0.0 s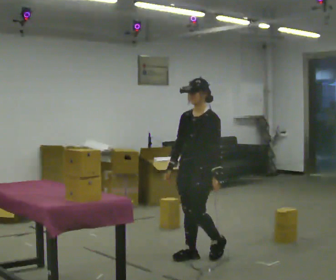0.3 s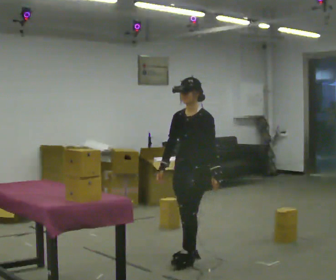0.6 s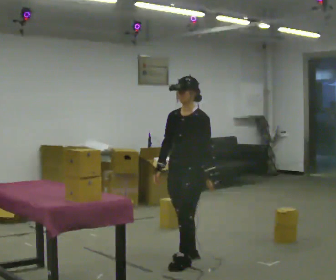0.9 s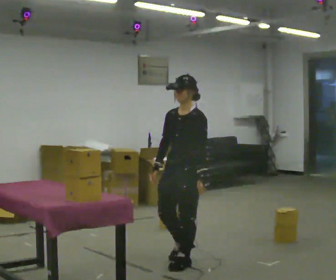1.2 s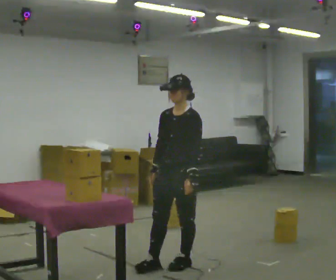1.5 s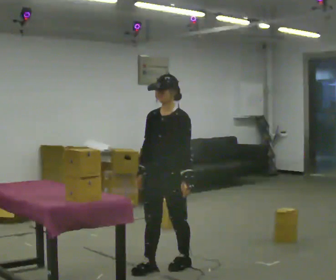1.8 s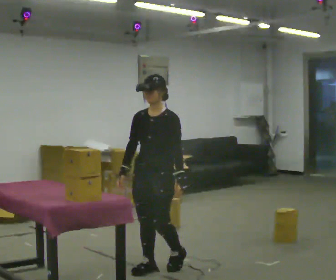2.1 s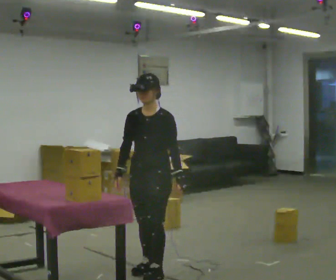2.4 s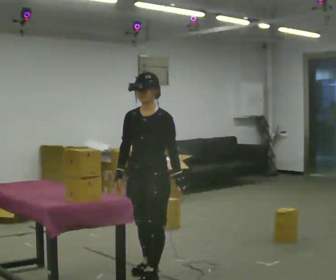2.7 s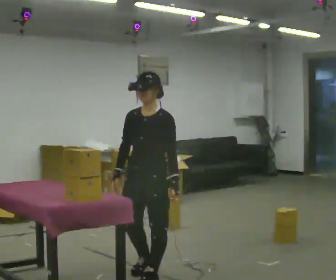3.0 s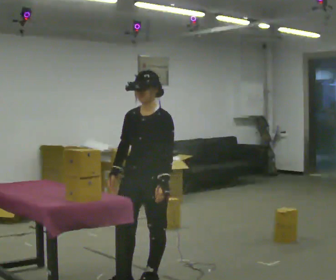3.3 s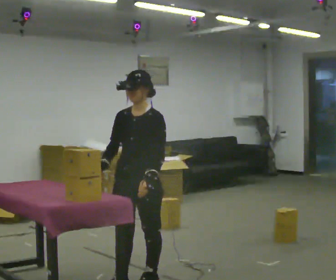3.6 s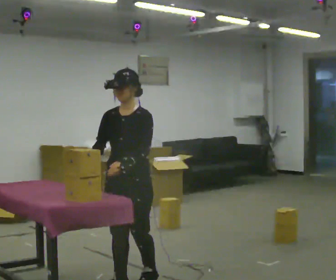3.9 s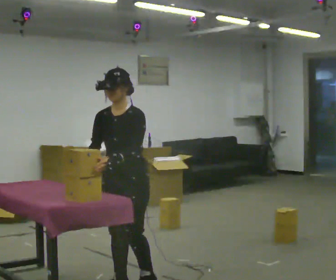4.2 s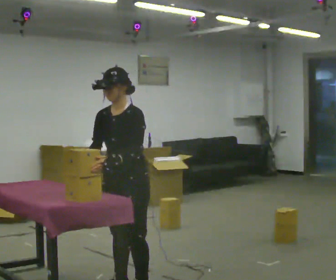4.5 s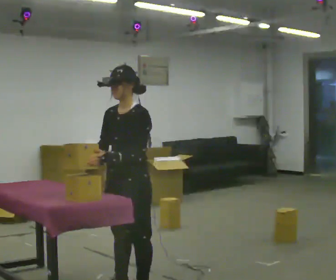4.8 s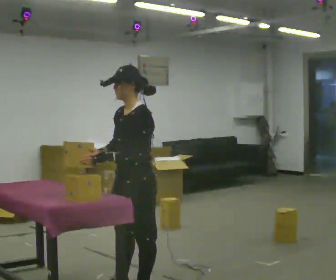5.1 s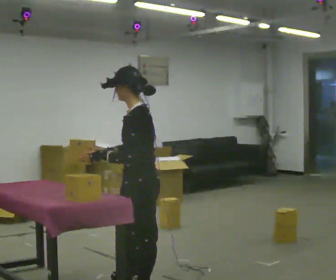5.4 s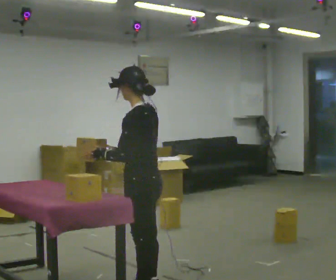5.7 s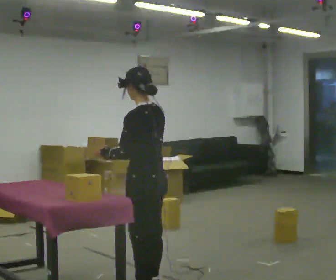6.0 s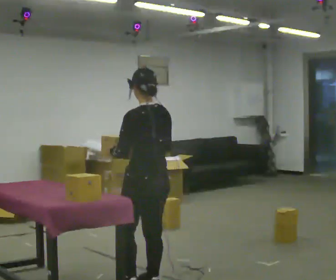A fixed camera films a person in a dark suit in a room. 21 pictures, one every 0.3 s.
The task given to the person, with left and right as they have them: Take the objects from the bin one at a time and put one in each of the places the operator points out. Keep going until the operator says stop; one object at a time, and do not rush between trips.
0.0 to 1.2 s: In the picture they go toward the camera and to the left, about 0.25 m in 1 step, which for them is forward.
1.2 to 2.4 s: In the picture they go toward the camera and to the left, about 0.25 m in 2 steps, which for them is forward.
2.4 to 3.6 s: In the picture they go toward the camera and to the left, about 0.25 m in 1 step, which for them is forward.
3.6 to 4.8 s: The part of the body nearest the lens slides to the left as the person turns to their right by about 45 degrees. In the picture they go toward the camera, about 0.25 m in 1 step, which for them is to their left.
4.8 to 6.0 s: The part of the body nearest the lens slides to the left as the person turns to their right by about 75 degrees. In the picture their right hand goes to the right.
The film runs forward here.
